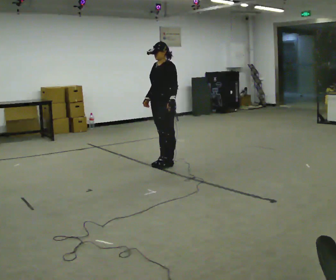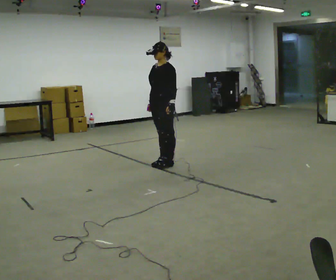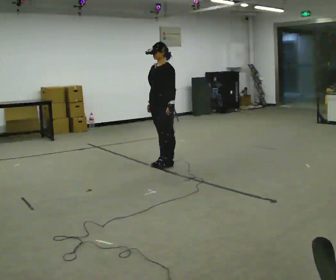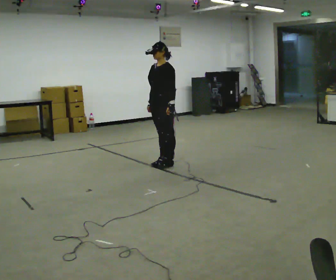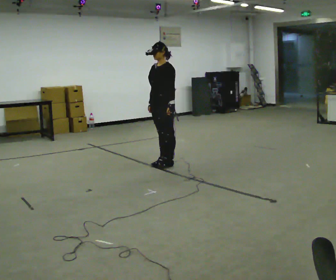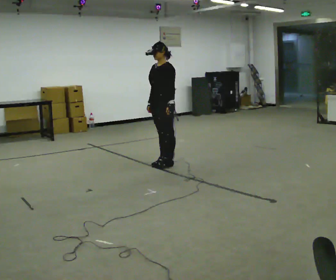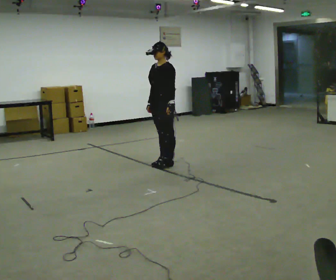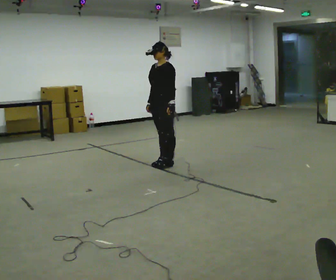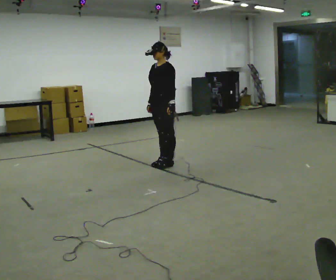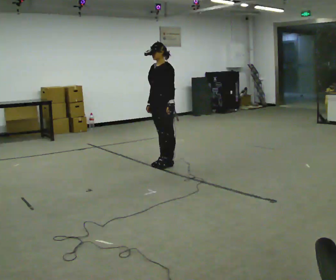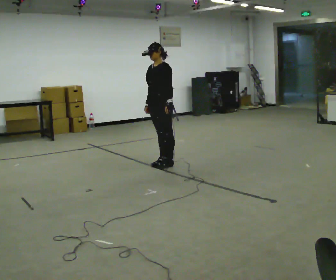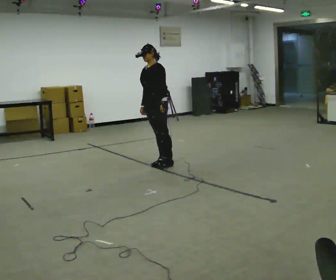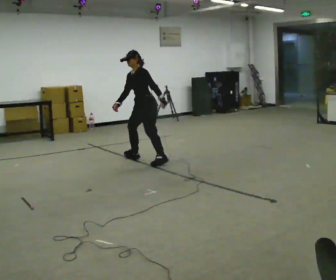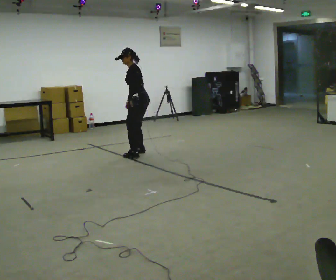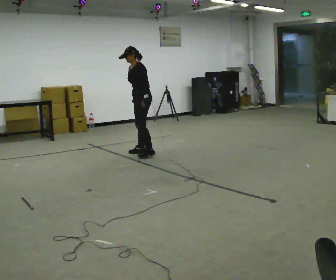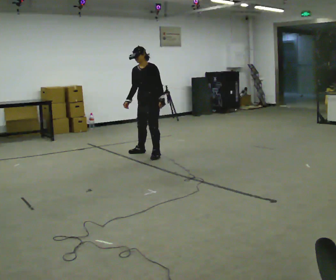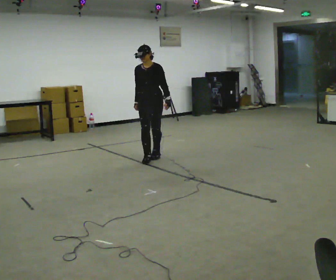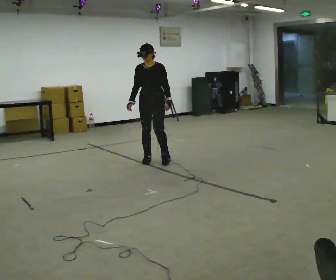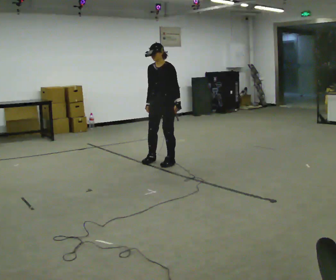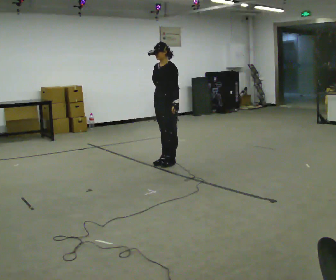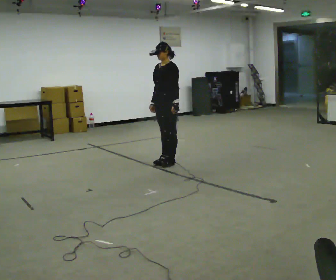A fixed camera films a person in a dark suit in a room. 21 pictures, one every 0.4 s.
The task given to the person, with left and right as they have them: Stand on the marked spots. Lean to the side the operator calls until you cannot hold it, then step to catch yourself. Return to the spots. Repeat at your own pace until the operator says stop. Go slowly and only as far as you are comfortable. Step whenever you need to; do not try to hold on longer than feels safe.
0.0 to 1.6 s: The person moves a little, or ends about where they began.
1.6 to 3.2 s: The person keeps their place and pose.
3.2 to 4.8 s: The part of the body nearest the lens slides to the left as the person turns to their right by about 45 degrees. In the picture they go away from the camera and to the left, about 0.5 m, which for them is to their right. In the picture the upper body tilts counterclockwise, shoulders to the left, as they bend forward.
4.8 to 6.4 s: The person turns about 75 degrees to their left, counterclockwise seen from above, so the part of the body nearest the lens slides to the right.
6.4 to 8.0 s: The part of the body nearest the lens slides to the left as the person turns to their right by about 30 degrees. In the picture they go toward the camera and to the right, about 0.25 m in 3 steps, which for them is to their left.
The film runs forward here.
